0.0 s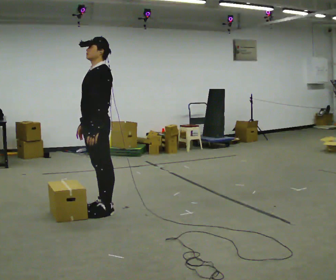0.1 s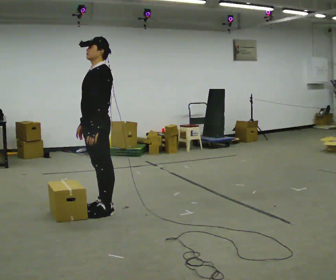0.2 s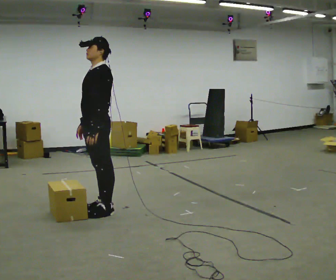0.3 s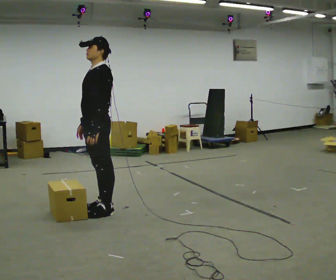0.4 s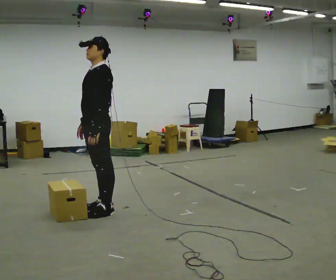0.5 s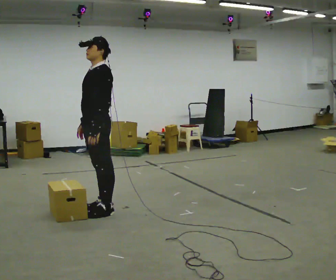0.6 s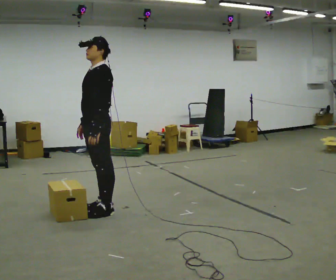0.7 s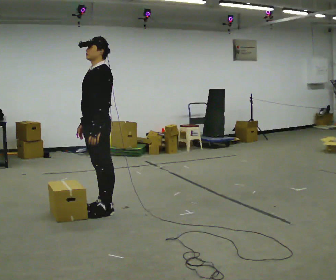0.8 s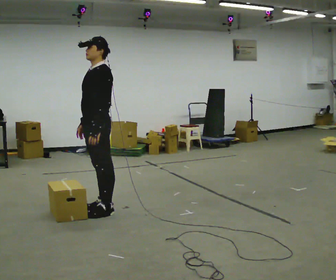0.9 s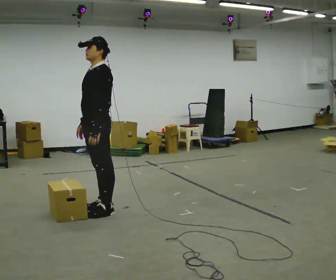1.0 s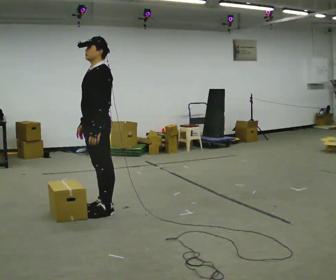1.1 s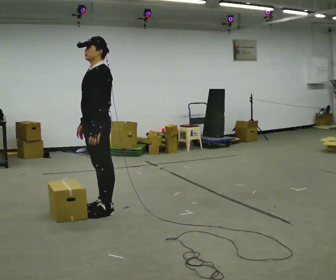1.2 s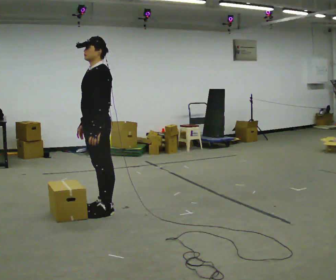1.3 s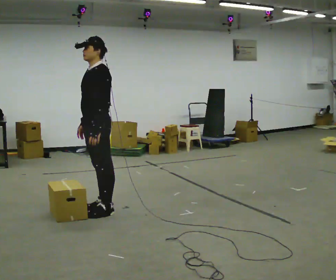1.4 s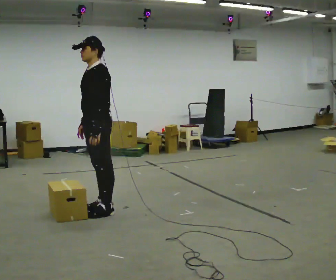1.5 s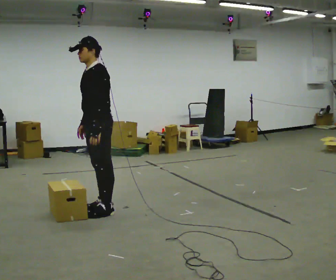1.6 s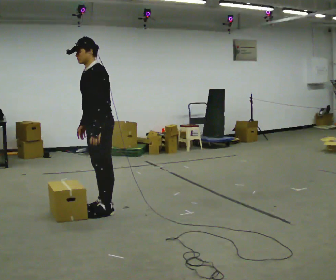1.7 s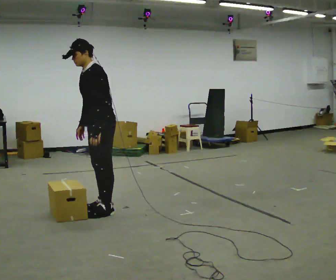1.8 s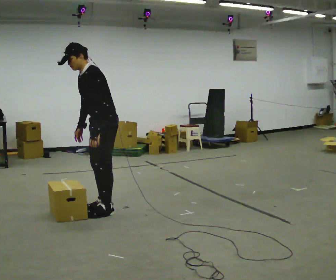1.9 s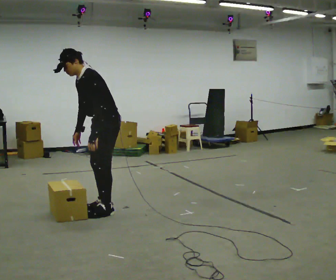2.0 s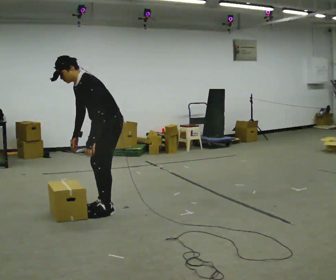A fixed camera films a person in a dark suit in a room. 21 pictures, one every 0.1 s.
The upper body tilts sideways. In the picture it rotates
counterclockwise.
0.0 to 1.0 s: The person keeps their place and pose.
1.0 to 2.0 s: In the picture the upper body tilts counterclockwise, shoulders to the left, as they bend forward.
The film runs forward here.
